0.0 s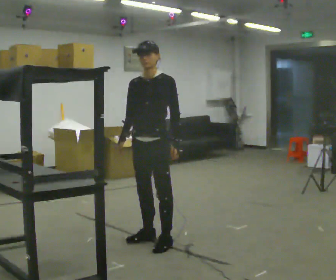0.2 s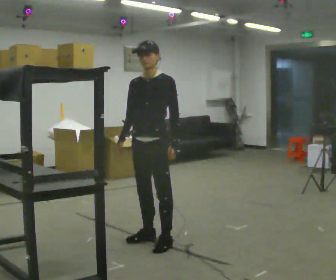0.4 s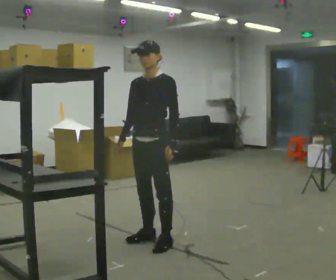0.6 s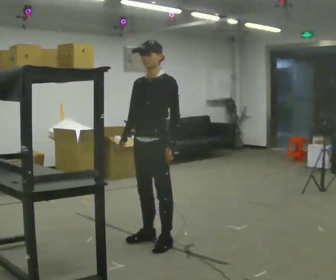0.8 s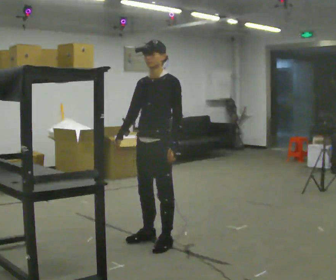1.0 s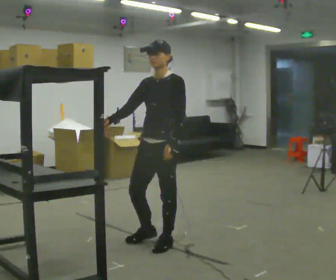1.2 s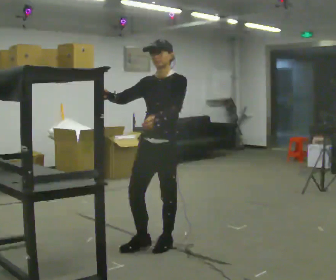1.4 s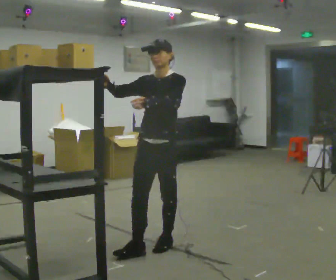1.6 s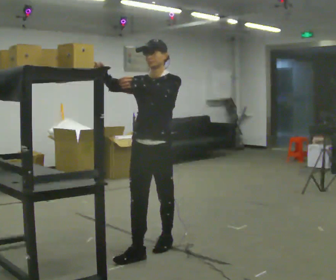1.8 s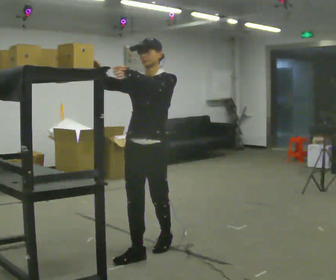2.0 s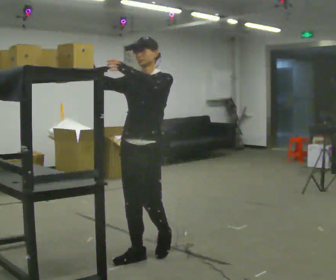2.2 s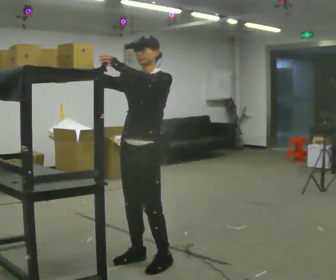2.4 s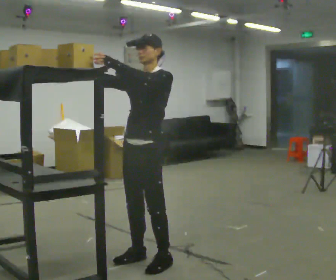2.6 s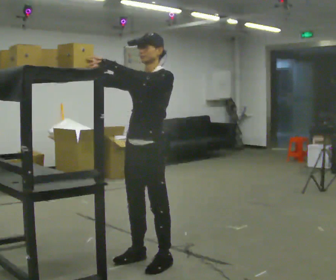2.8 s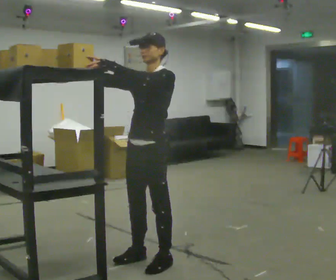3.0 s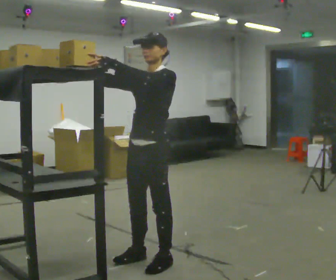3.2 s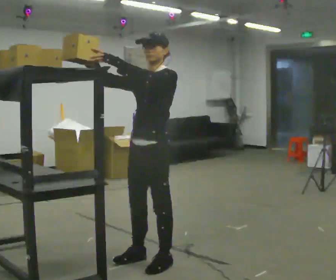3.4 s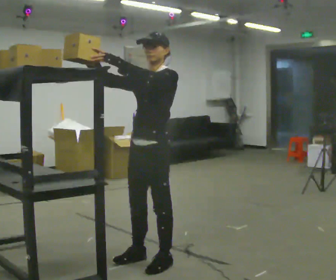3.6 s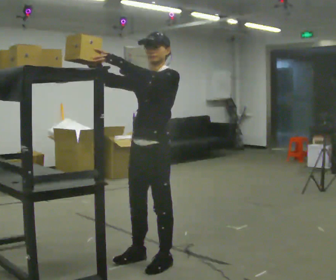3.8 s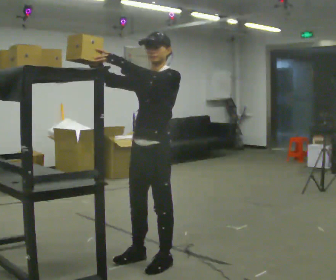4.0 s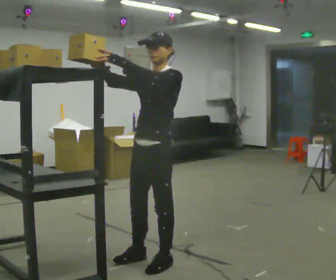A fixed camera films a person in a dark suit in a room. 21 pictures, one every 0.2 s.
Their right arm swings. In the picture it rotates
clockwise.
Their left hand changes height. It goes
upward.
0.0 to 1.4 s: In the picture they go toward the camera, about 0.25 m, which for them is to their left. In the picture their right hand goes upward, the arm swinging clockwise.
1.4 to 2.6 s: In the picture they go toward the camera, about 0.25 m in 2 steps, which for them is forward.
2.6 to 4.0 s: The person moves a little, or ends about where they began.
The film runs forward here.
